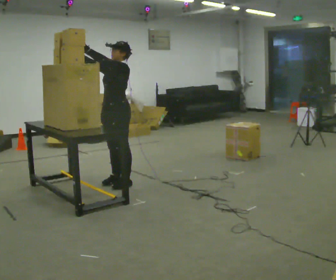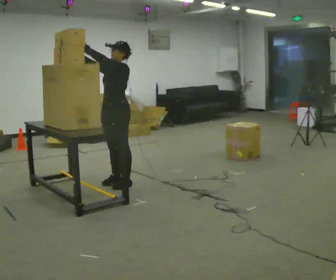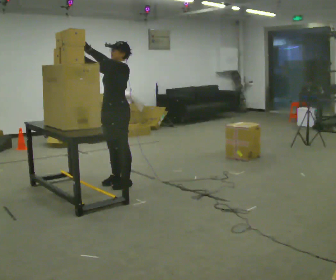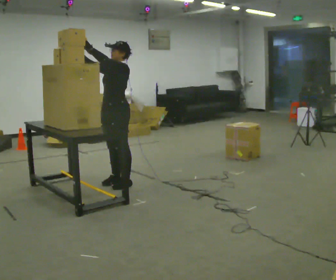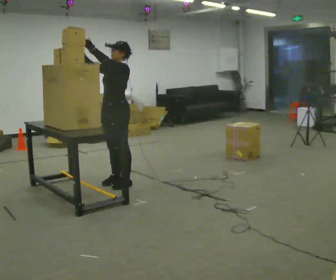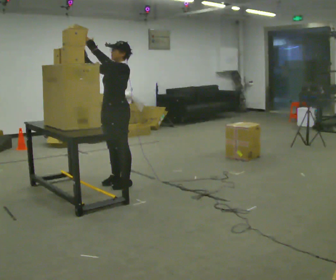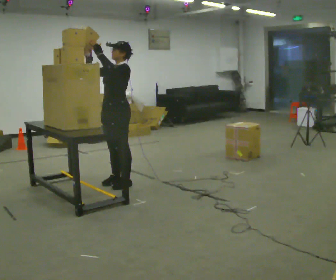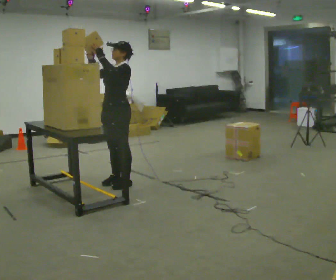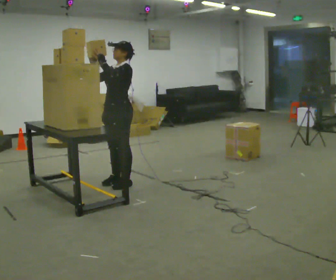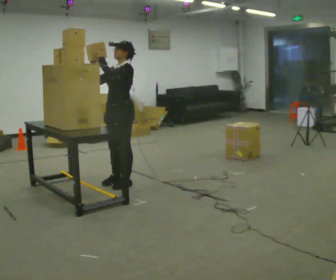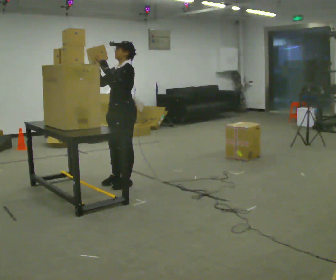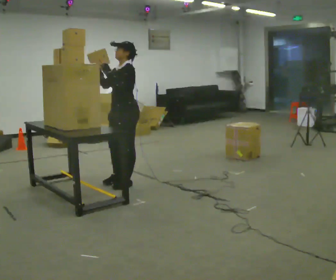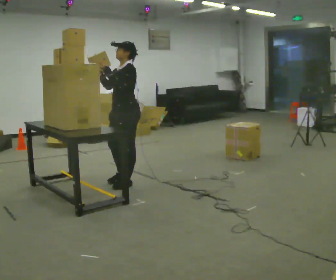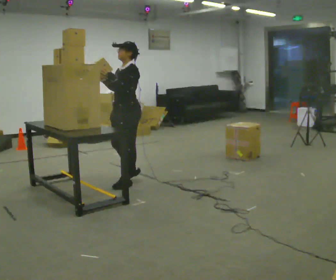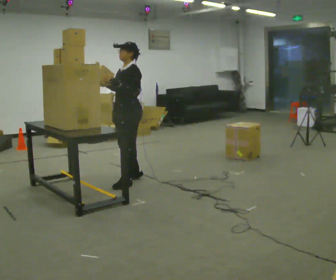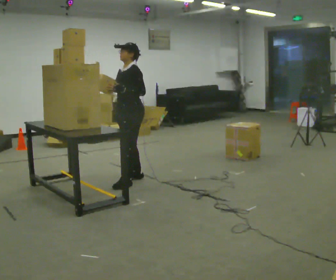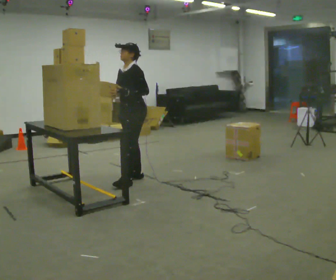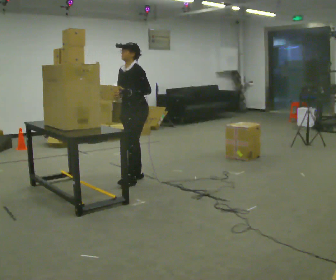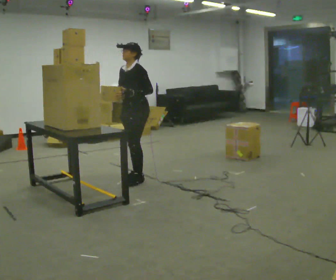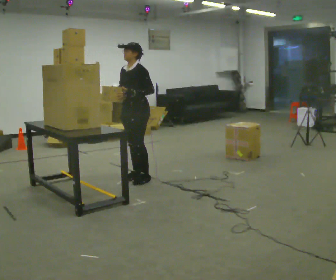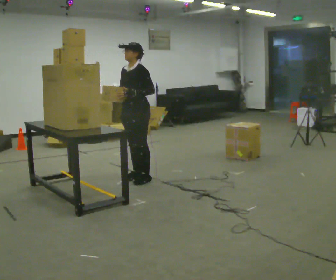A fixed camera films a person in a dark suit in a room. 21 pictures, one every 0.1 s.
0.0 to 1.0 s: The person moves a little, or ends about where they began.
1.0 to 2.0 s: In the picture they go away from the camera, about 0.25 m in 2 steps, which for them is backward and to their right.
The film runs forward here.
